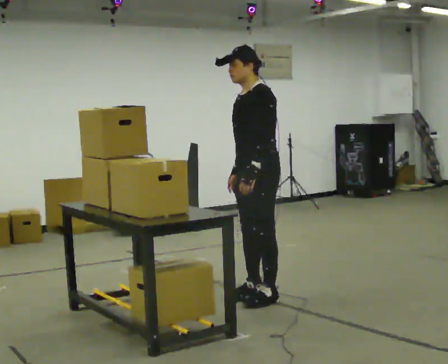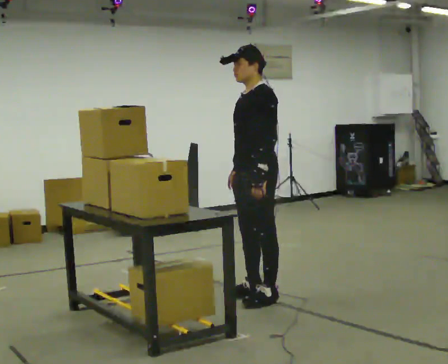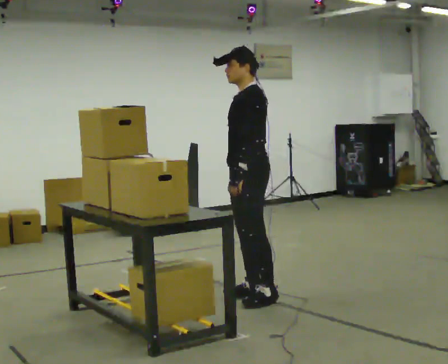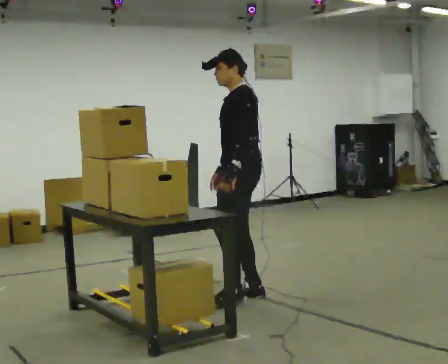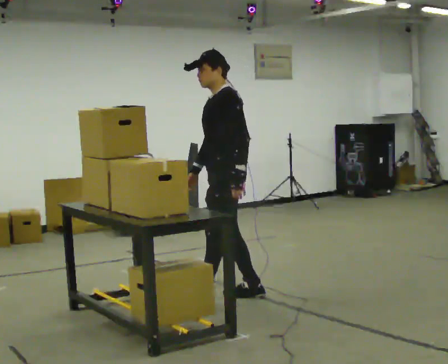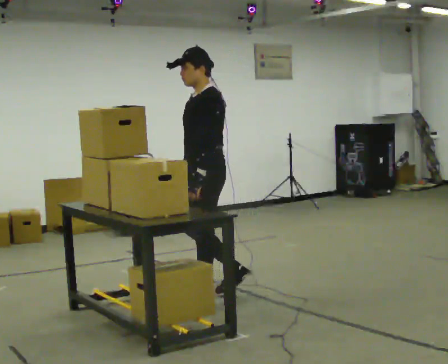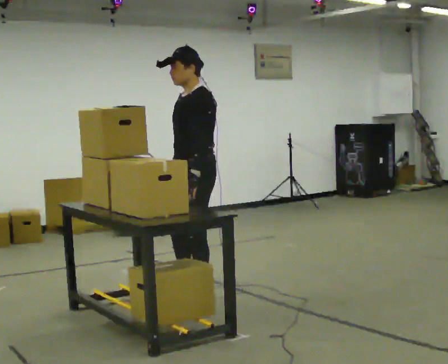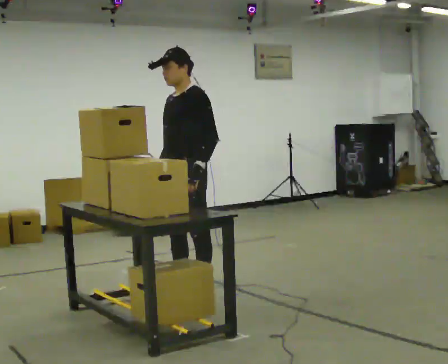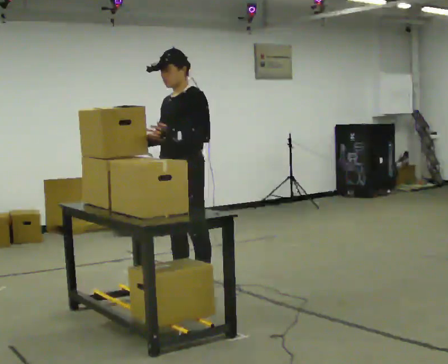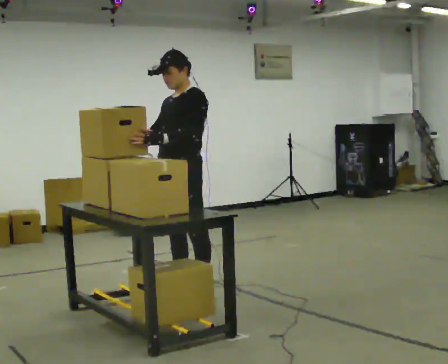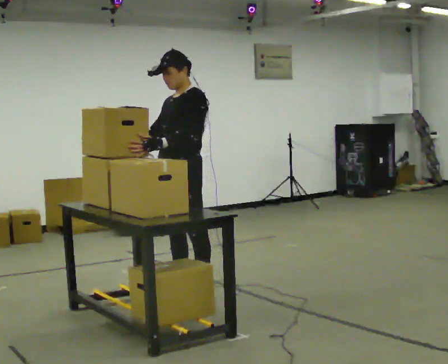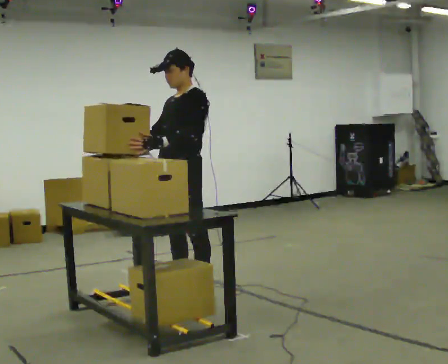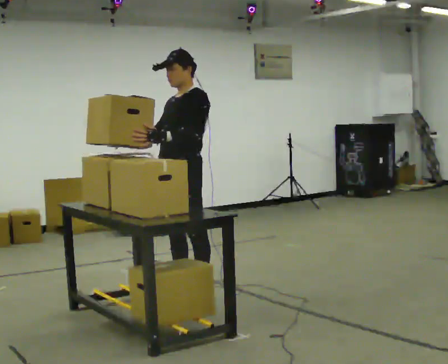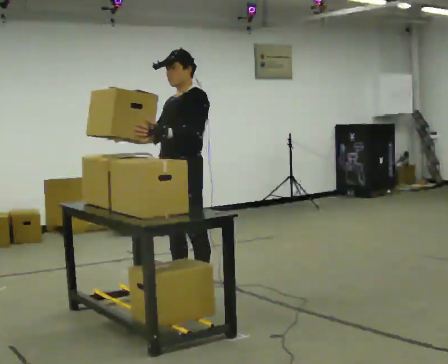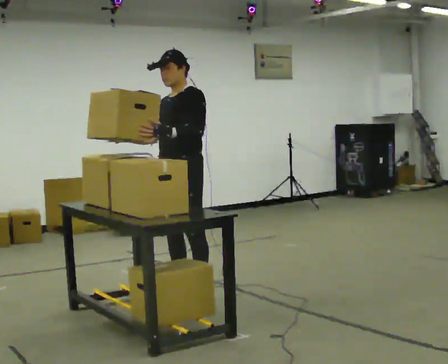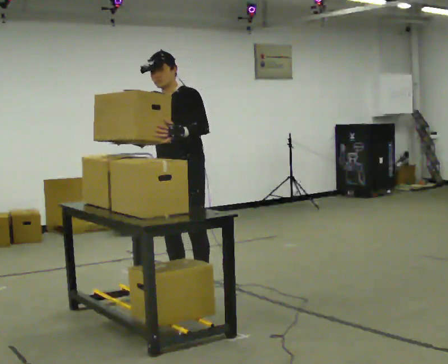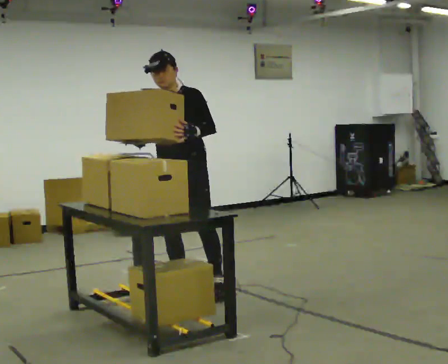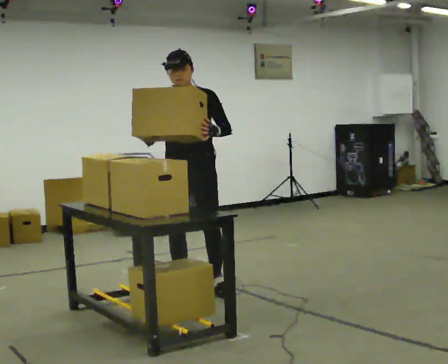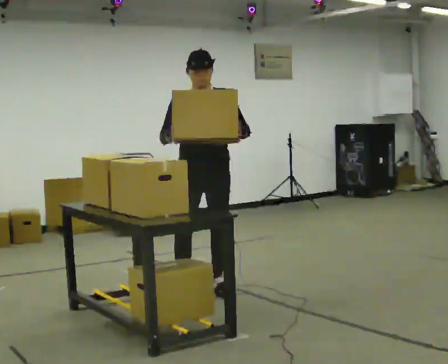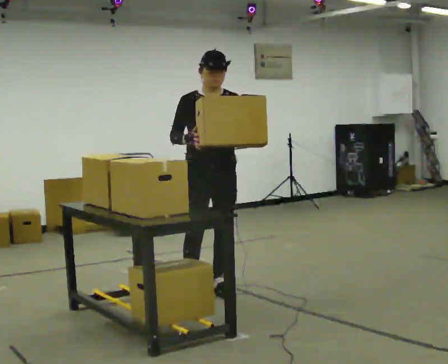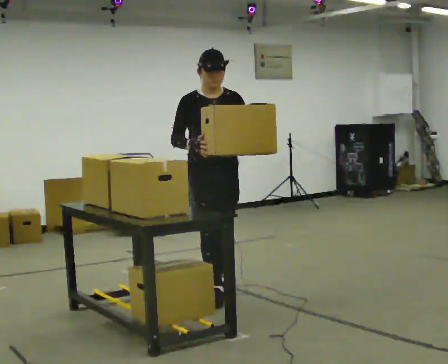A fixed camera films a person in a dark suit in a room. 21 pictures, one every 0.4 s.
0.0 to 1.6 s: In the picture they go to the left, about 0.25 m in 1 step, which for them is forward.
1.6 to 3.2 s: The person turns about 30 degrees to their left, counterclockwise seen from above, so the part of the body nearest the lens slides to the right. In the picture they go to the left, about 0.25 m in 1 step, which for them is forward.
3.2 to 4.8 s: The person moves a little, or ends about where they began.
4.8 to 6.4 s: Seen from above the body turns counterclockwise, about 30 degrees: to their left, with its near side sliding to the right. In the picture the upper body tilts counterclockwise, shoulders to the left.
6.4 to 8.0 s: The part of the body nearest the lens slides to the right as the person turns to their left by about 45 degrees. In the picture they go to the right, about 0.25 m in 2 steps, which for them is to their left. In the picture their left hand goes to the right.
The film runs forward here.
